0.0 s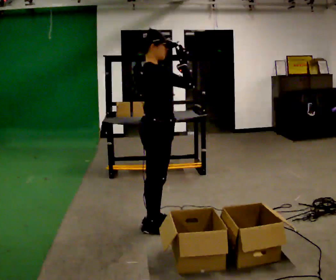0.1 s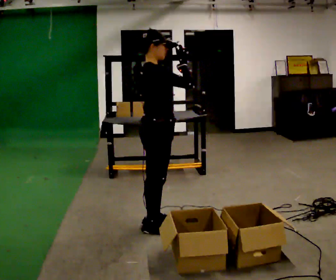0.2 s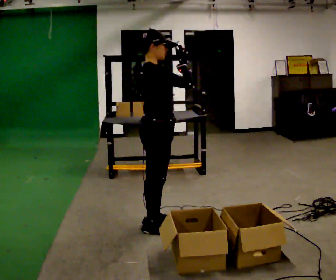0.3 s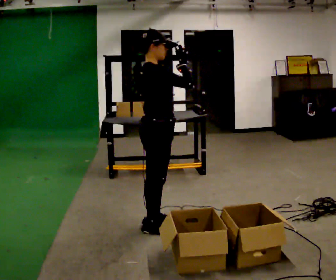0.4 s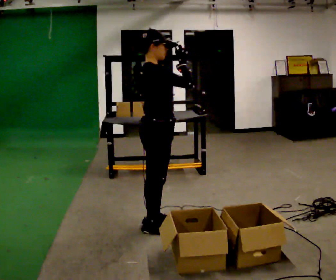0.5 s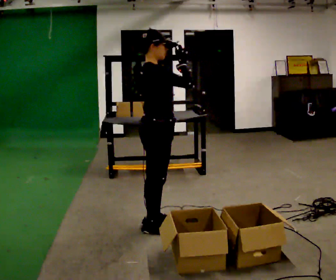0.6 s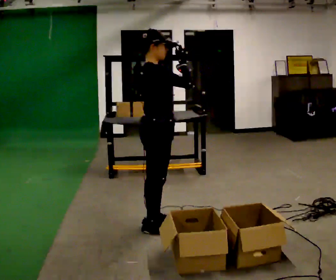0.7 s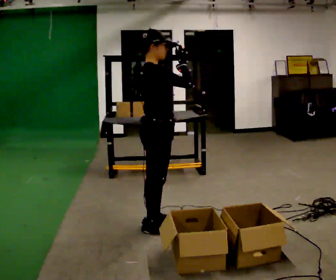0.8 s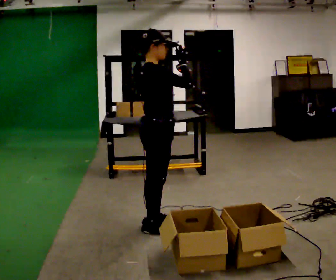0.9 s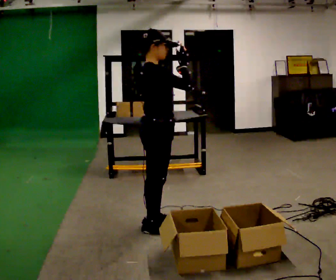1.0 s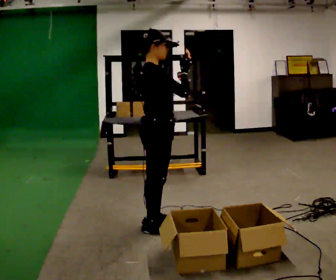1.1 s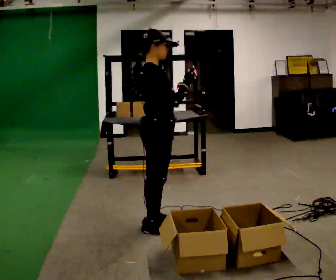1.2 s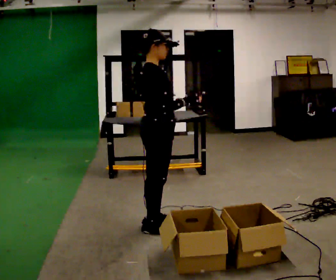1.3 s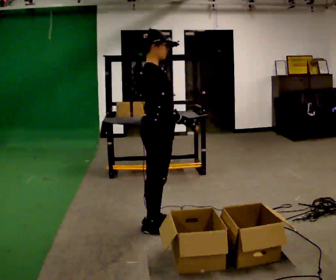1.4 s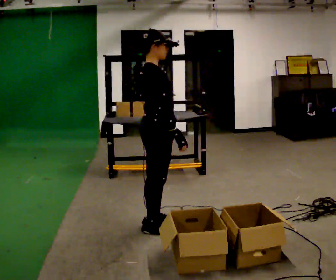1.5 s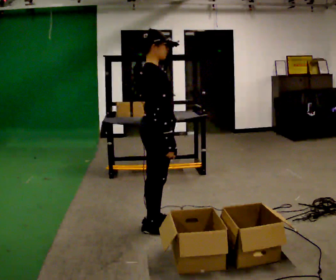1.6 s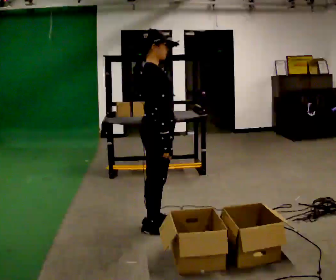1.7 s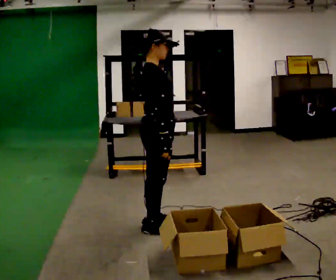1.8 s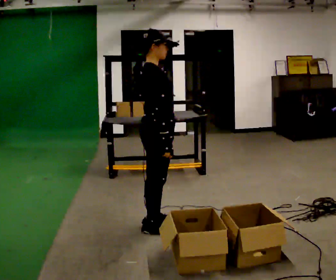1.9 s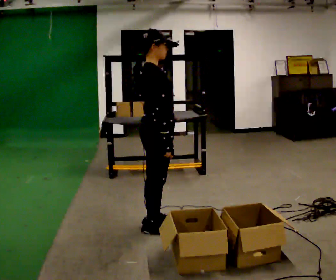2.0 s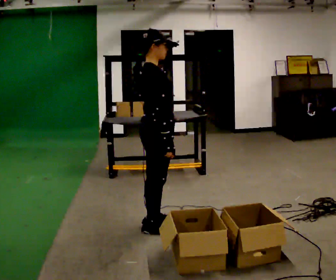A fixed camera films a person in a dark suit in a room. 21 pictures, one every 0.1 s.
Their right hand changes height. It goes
downward.
0.0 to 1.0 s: The person moves a little, or ends about where they began.
1.0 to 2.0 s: In the picture their right hand goes downward.
The film runs forward here.
